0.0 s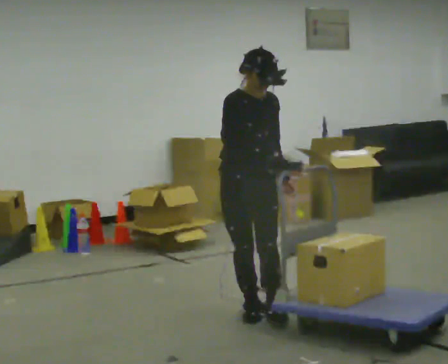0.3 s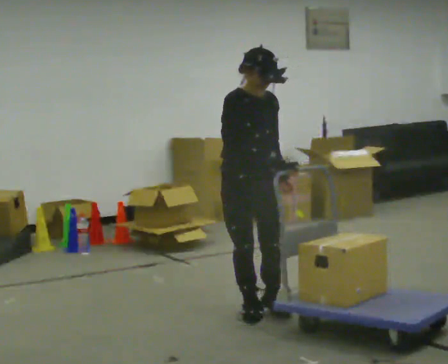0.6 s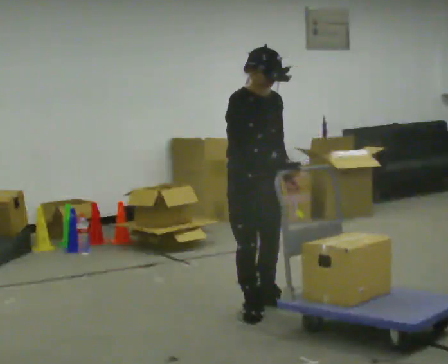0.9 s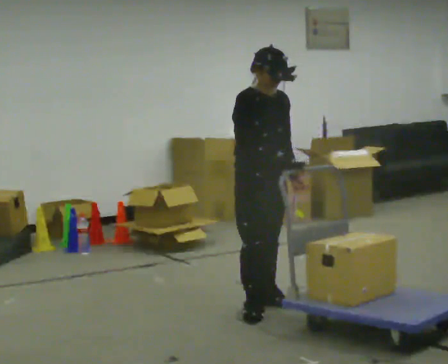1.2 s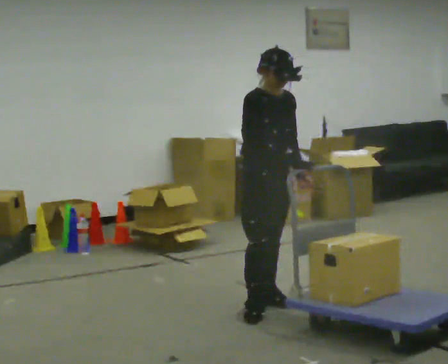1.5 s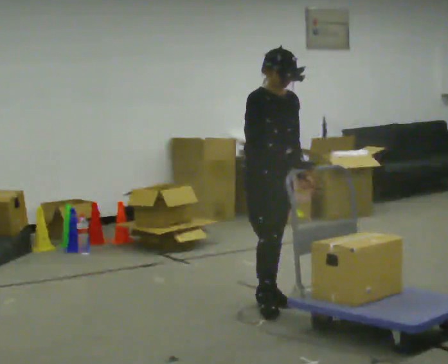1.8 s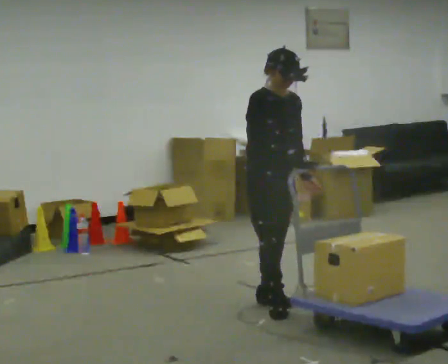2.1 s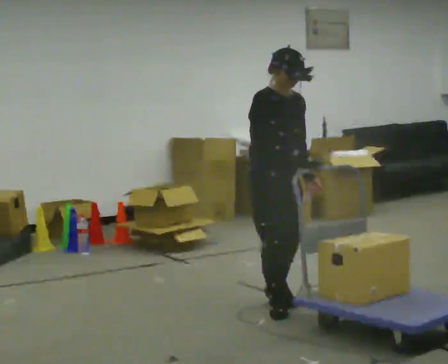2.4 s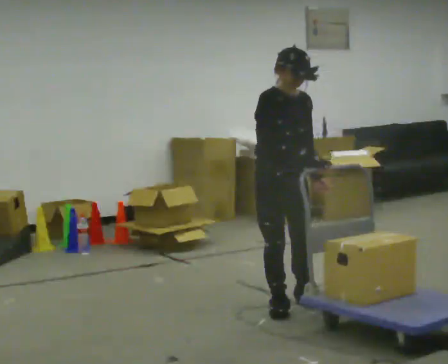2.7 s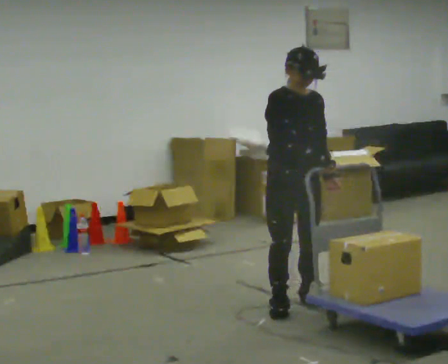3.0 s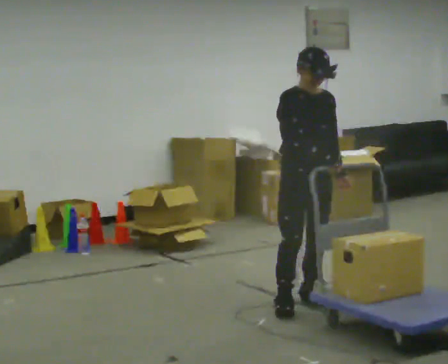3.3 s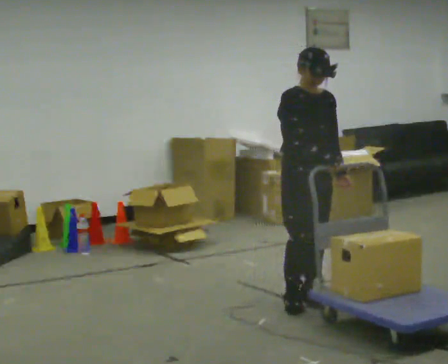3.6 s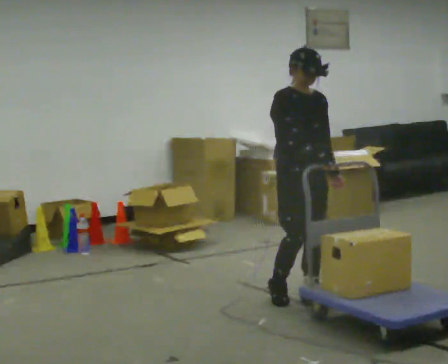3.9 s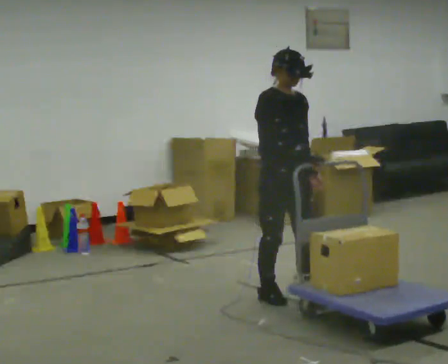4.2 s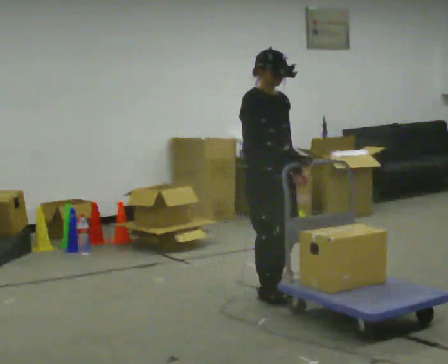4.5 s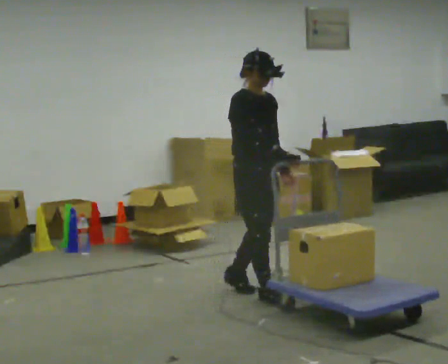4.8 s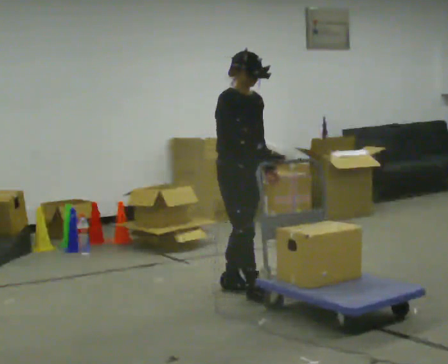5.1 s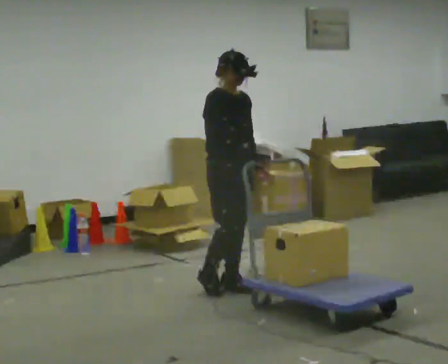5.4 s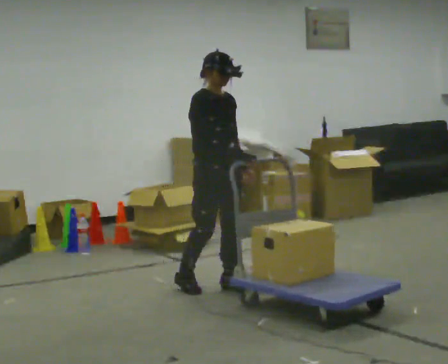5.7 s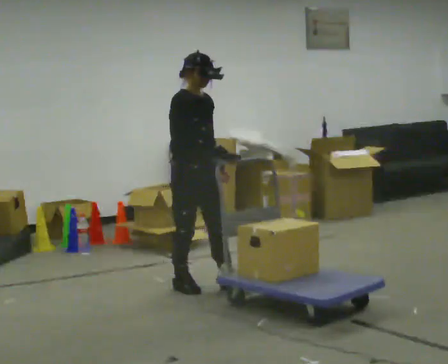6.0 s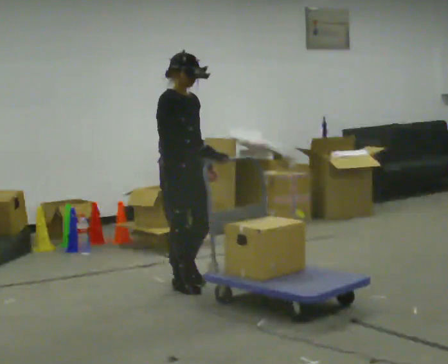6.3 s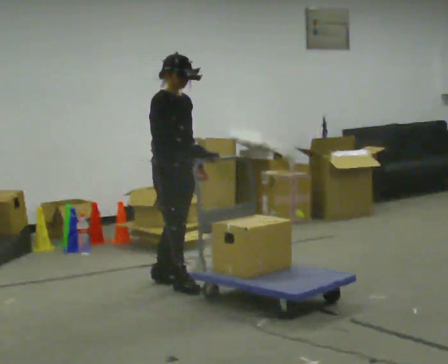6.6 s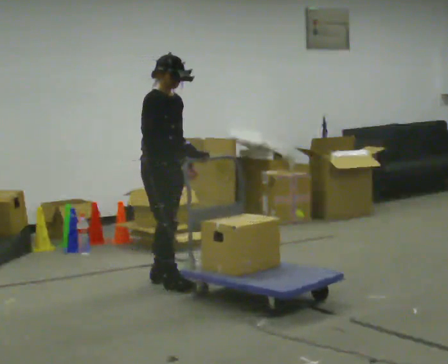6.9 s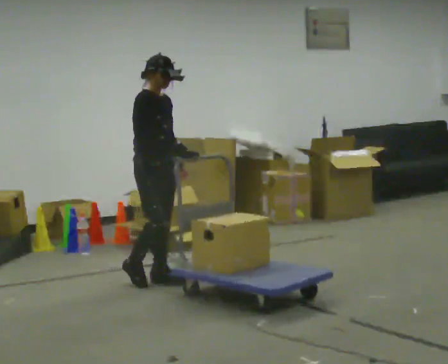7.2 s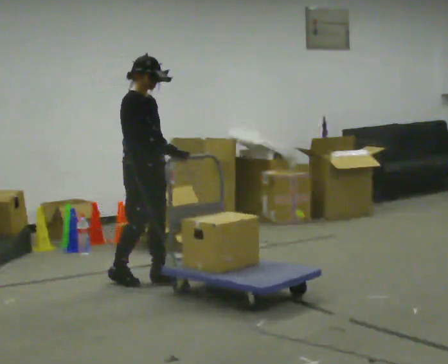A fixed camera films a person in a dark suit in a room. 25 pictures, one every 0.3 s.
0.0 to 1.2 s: In the picture they go away from the camera, about 0.25 m in 1 step, which for them is to their left.
1.2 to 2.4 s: The person moves a little, or ends about where they began.
2.4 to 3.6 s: In the picture they go away from the camera, about 0.25 m in 1 step, which for them is to their left.
3.6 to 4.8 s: In the picture they go to the left and away from the camera, about 0.5 m in 2 steps, which for them is backward.
4.8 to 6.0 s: In the picture they go to the left, about 0.5 m in 1 step, which for them is backward and to their right.
6.0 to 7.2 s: In the picture they go to the left, about 0.25 m in 1 step, which for them is backward.
The film runs backward here.
